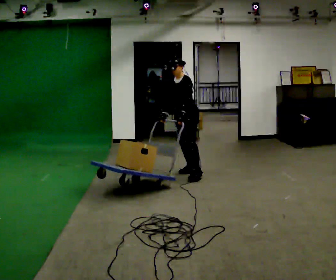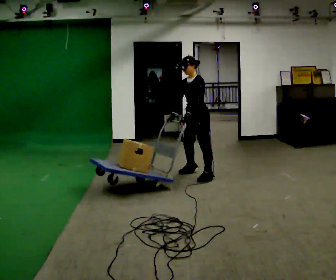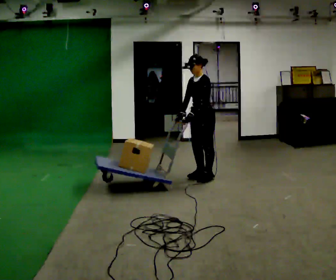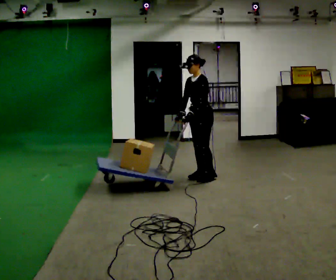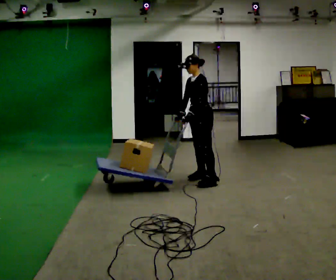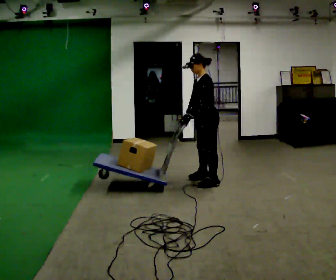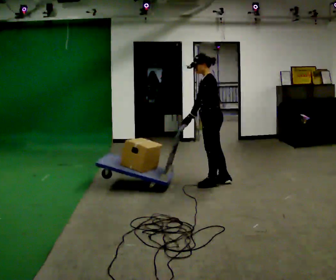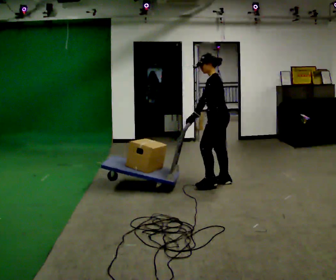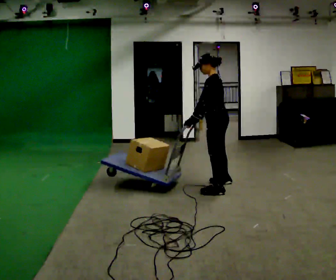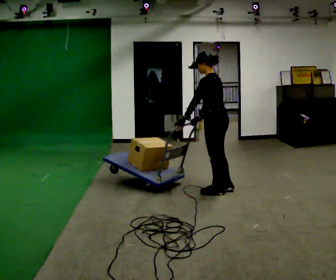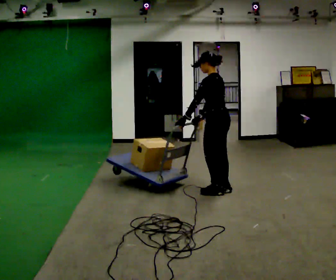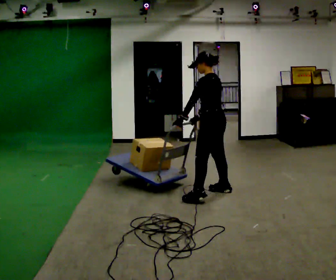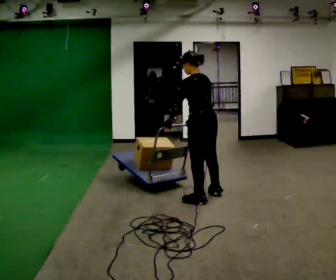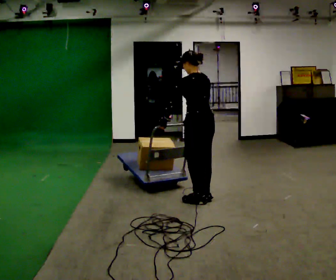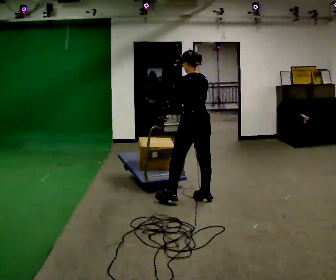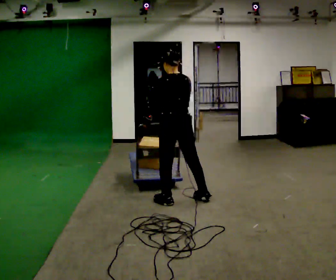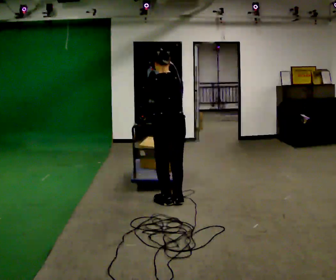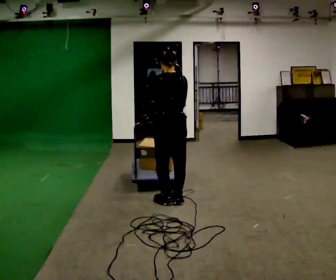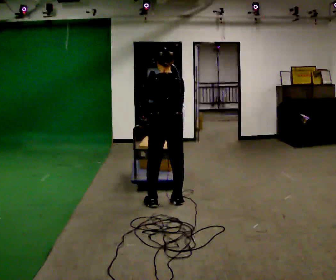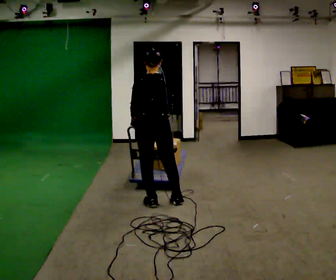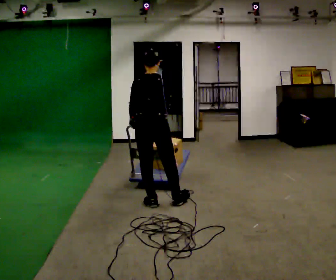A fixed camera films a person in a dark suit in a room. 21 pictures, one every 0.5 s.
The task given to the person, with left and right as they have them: Turn the cart round to face the other way without moving it out of the marked square, then turn it back. Repeat until the operator says stop.
0.0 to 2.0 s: In the picture they go toward the camera and to the right, about 0.25 m in 3 steps, which for them is to their left.
2.0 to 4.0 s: The part of the body nearest the lens slides to the left as the person turns to their right by about 30 degrees. In the picture they go toward the camera and to the right, about 0.5 m in 2 steps, which for them is to their left and backward.
4.0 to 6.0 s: The person turns about 30 degrees to their right, clockwise seen from above, so the part of the body nearest the lens slides to the left. In the picture they go toward the camera, about 0.5 m in 2 steps, which for them is to their left.
6.0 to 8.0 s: The person turns about 30 degrees to their right, clockwise seen from above, so the part of the body nearest the lens slides to the left. In the picture they go to the left, about 0.25 m in 3 steps, which for them is to their left and forward.
8.0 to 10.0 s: In the picture they go to the left, about 0.25 m in 1 step, which for them is to their left.
The film runs forward here.
